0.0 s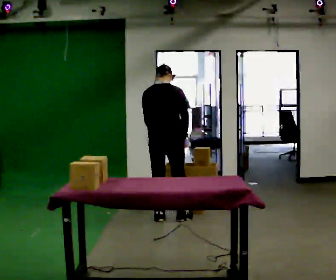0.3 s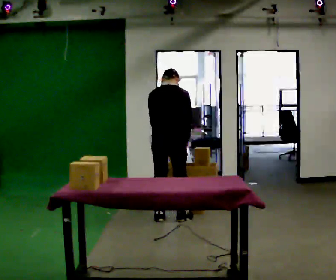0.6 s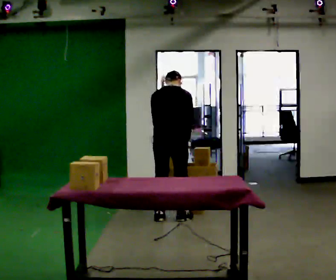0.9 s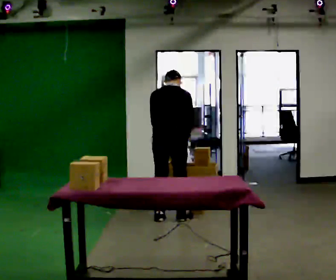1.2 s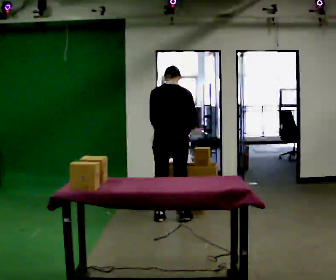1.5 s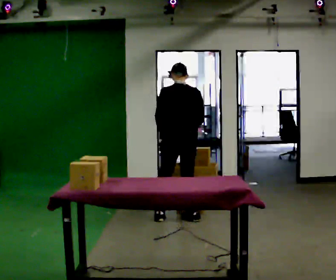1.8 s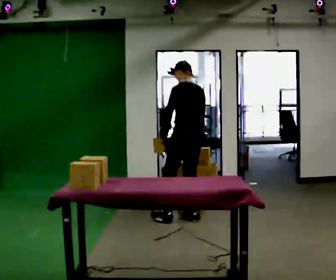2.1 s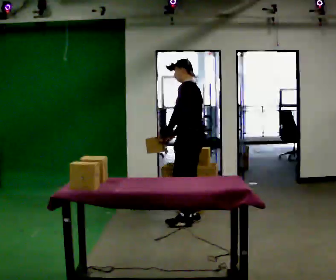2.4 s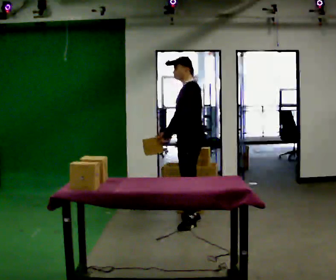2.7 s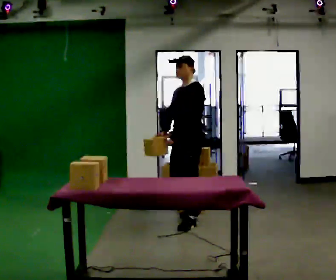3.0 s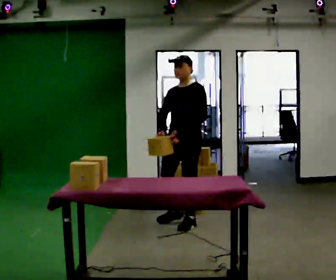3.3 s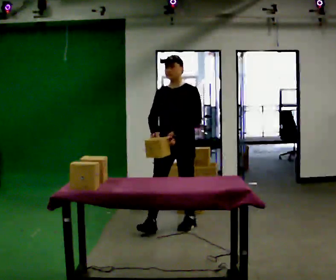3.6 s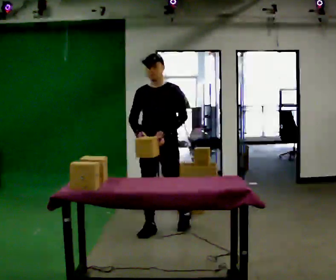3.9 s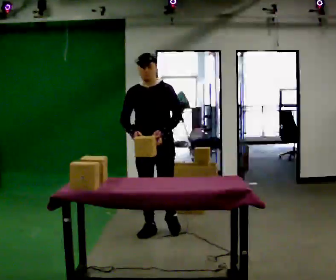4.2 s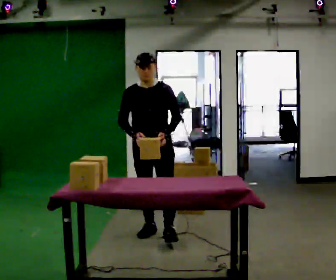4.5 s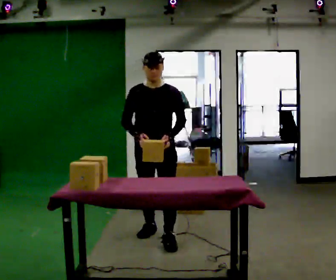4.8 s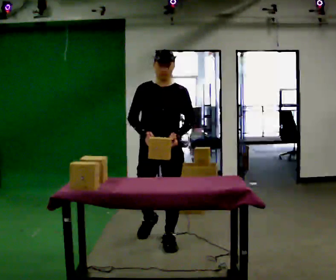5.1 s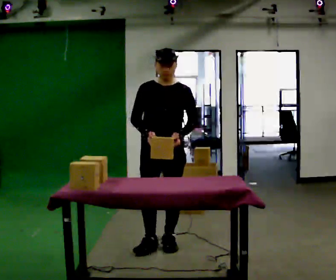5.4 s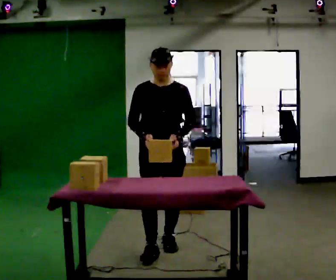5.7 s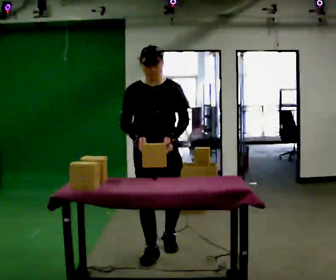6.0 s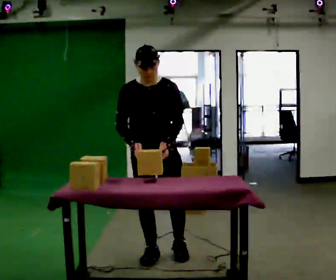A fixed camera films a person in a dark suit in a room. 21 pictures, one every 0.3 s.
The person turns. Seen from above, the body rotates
counterclockwise.
The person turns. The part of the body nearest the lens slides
to the right.
0.0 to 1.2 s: The person moves a little, or ends about where they began.
1.2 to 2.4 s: Seen from above the body turns counterclockwise, about 105 degrees: to their left, with its near side sliding to the right. In the picture they go to the right, about 0.25 m in 2 steps.
2.4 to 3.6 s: The part of the body nearest the lens slides to the right as the person turns to their left by about 60 degrees. In the picture they go toward the camera and to the left, about 0.5 m in 1 step.
3.6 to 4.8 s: In the picture they go toward the camera, about 0.5 m in 1 step, which for them is forward.
4.8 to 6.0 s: In the picture they go toward the camera, about 0.5 m in 1 step, which for them is forward.
The film runs forward here.
